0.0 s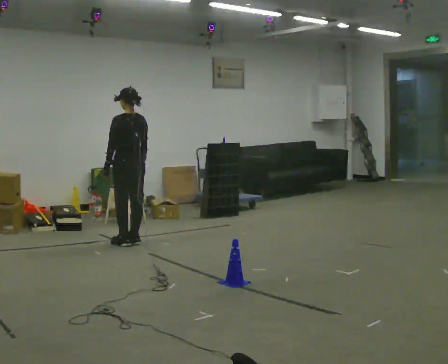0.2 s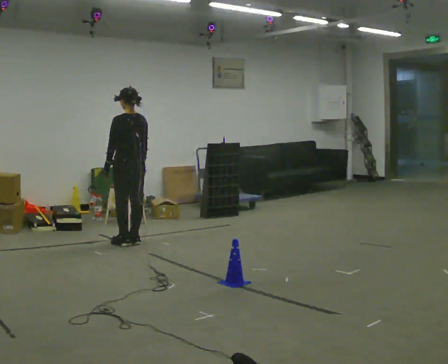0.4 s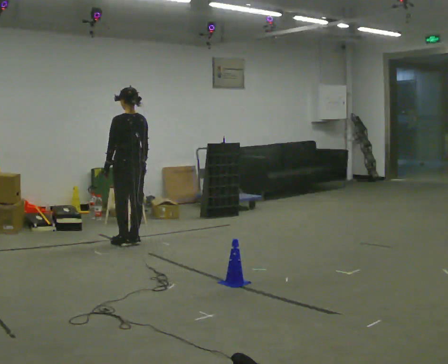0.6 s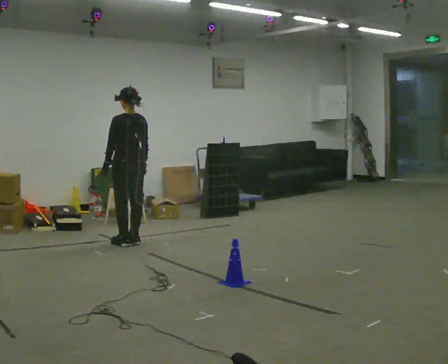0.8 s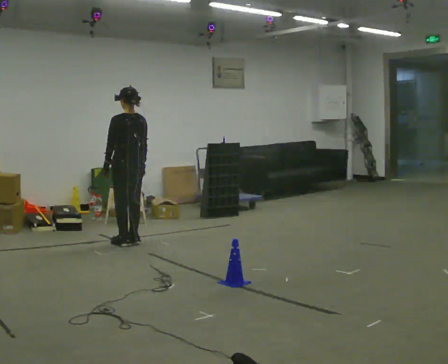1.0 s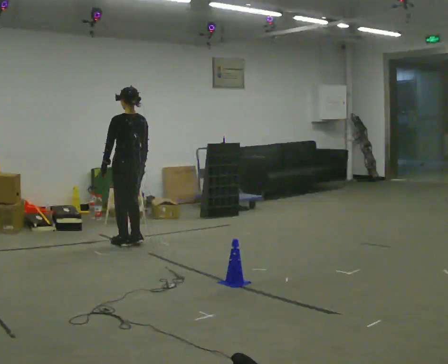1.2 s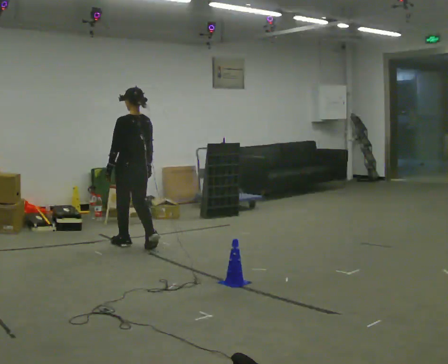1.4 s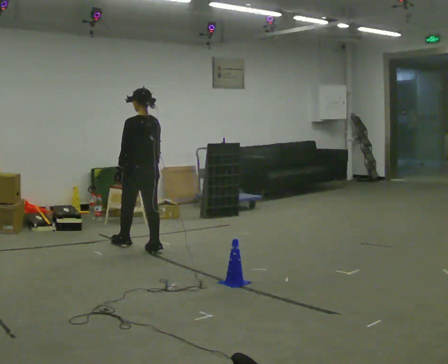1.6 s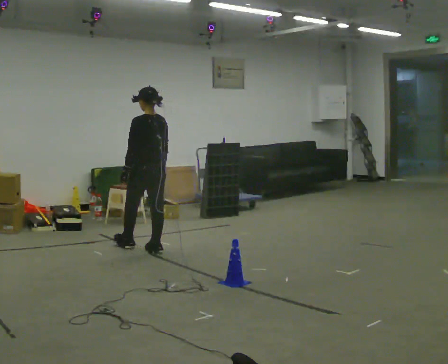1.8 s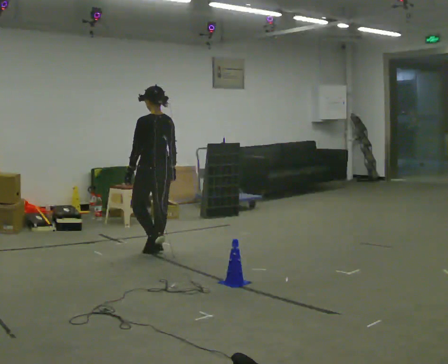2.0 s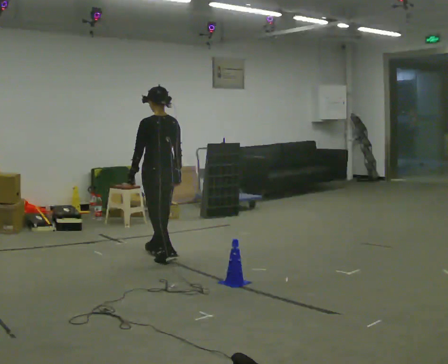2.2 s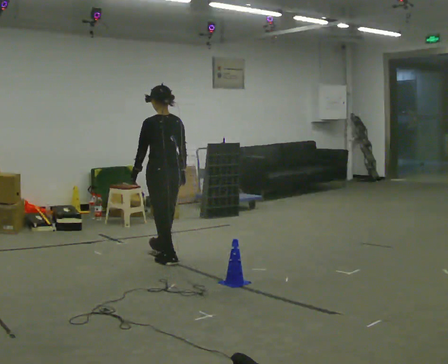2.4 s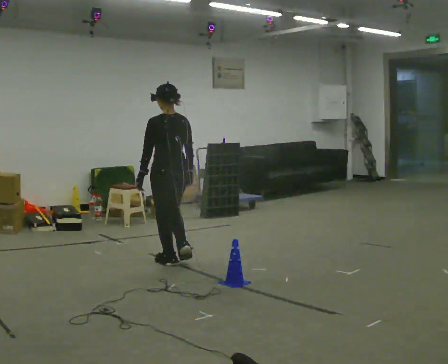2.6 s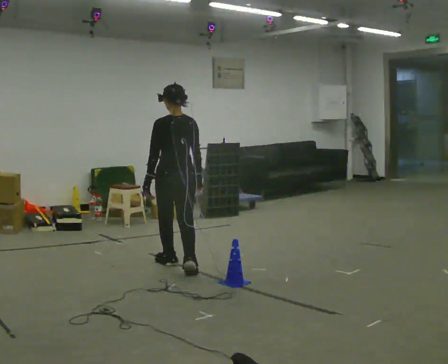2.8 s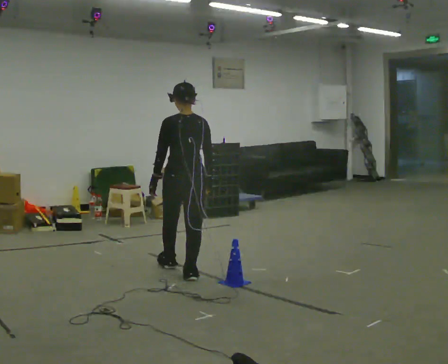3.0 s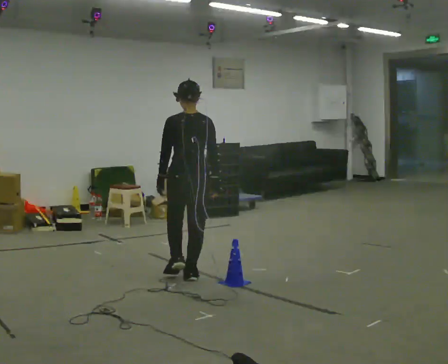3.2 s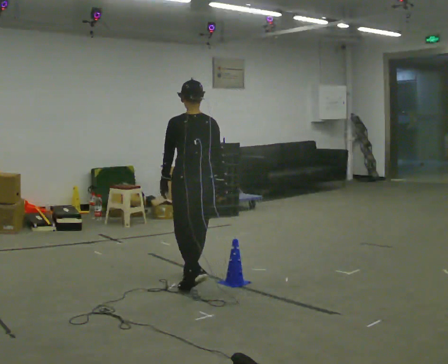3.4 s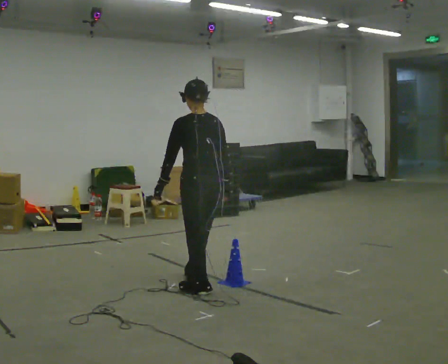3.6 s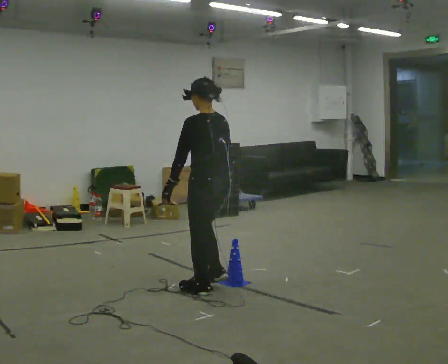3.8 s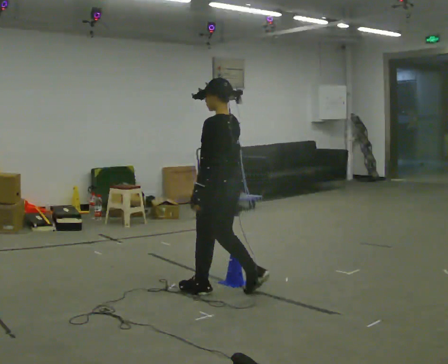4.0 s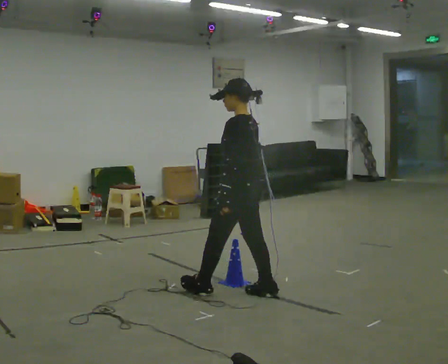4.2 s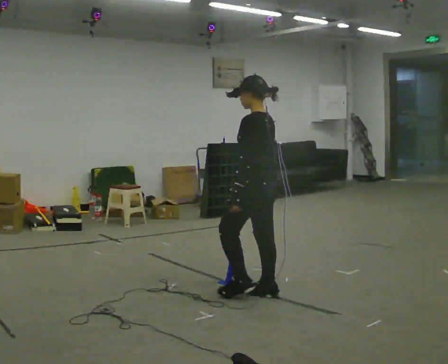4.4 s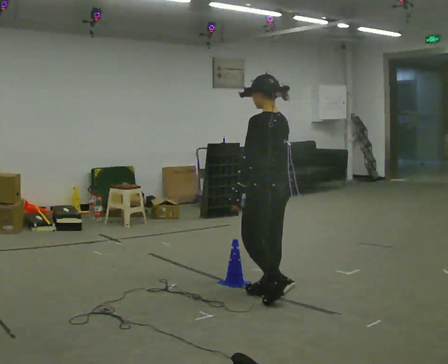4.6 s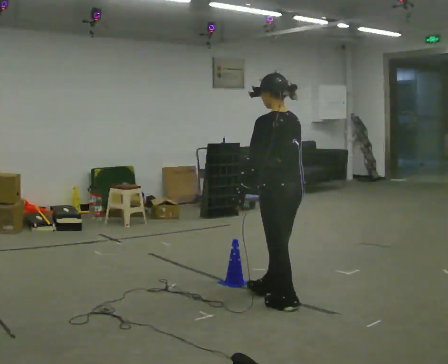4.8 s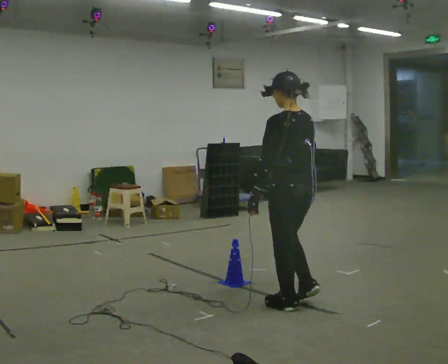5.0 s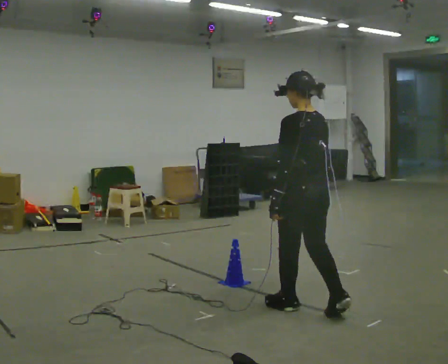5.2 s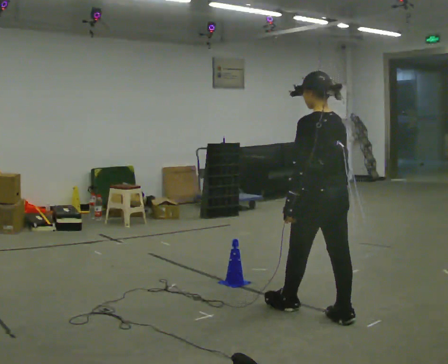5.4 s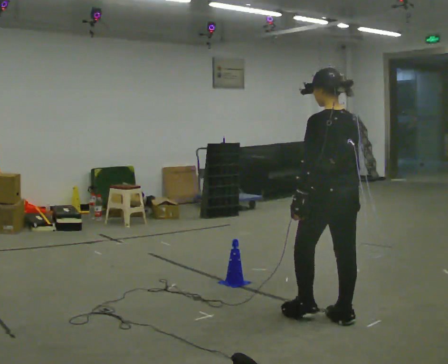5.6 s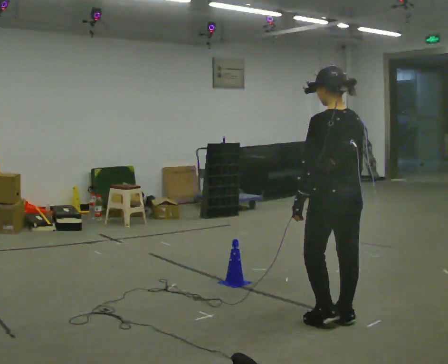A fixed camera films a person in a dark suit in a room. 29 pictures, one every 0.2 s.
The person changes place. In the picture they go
toward the camera.
0.0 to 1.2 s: In the picture they go toward the camera, about 0.25 m in 1 step, which for them is backward.
1.2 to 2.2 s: In the picture they go toward the camera and to the right, about 0.5 m in 2 steps, which for them is backward.
2.2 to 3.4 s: In the picture they go toward the camera, about 1 m in 2 steps, which for them is backward.
3.4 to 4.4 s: The part of the body nearest the lens slides to the right as the person turns to their left by about 30 degrees. In the picture they go to the right and toward the camera, about 0.5 m in 1 step, which for them is backward.
4.4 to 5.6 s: The person turns about 30 degrees to their right, clockwise seen from above, so the part of the body nearest the lens slides to the left. In the picture they go toward the camera and to the right, about 0.75 m in 2 steps, which for them is backward.
The film runs backward here.
